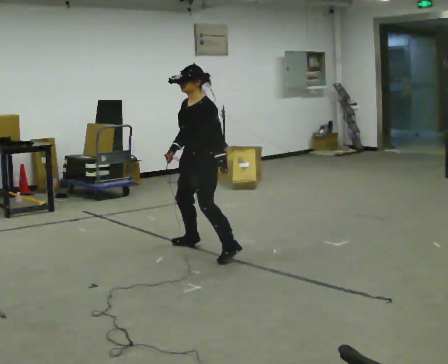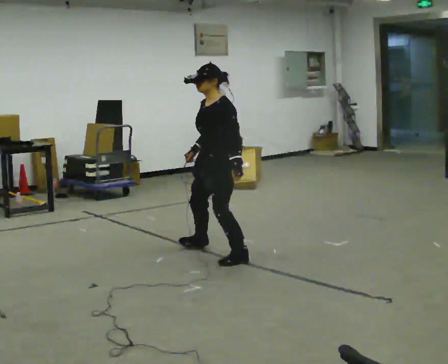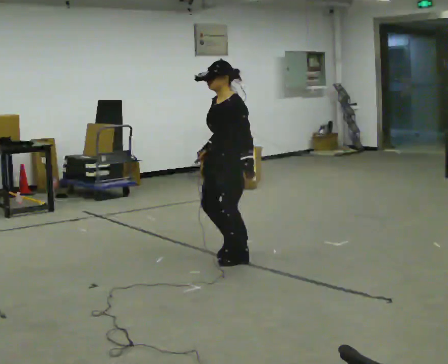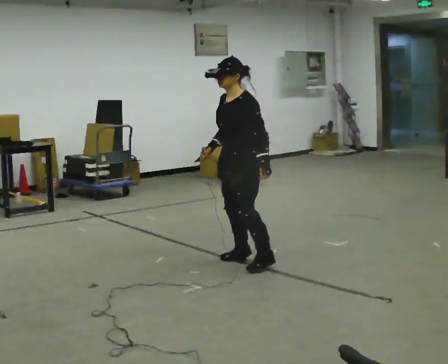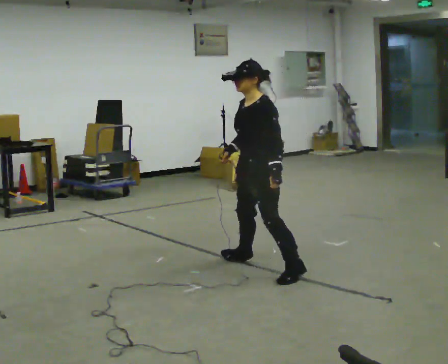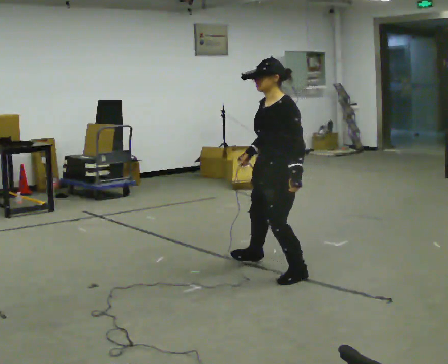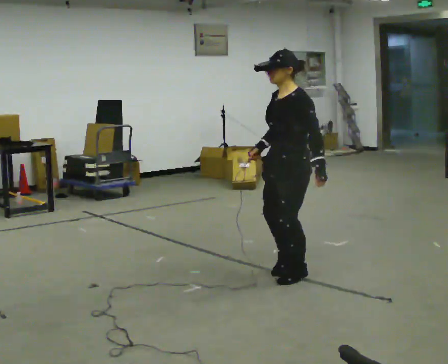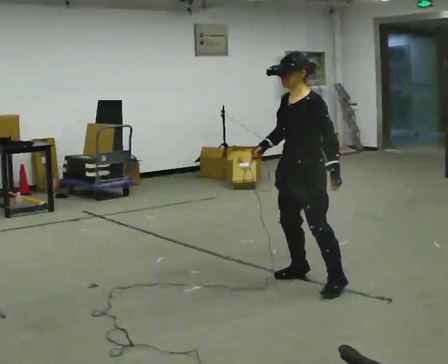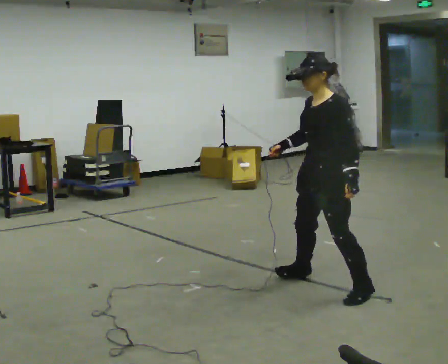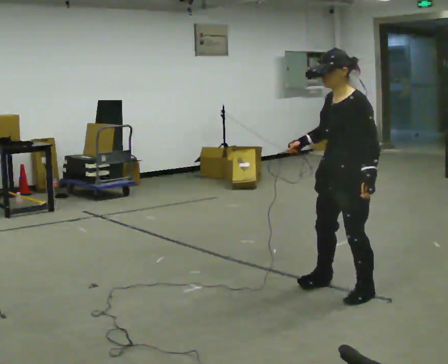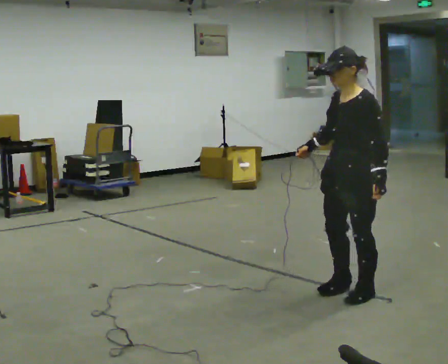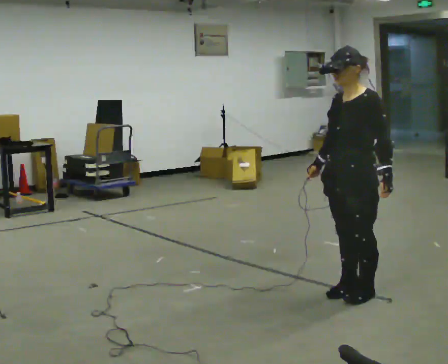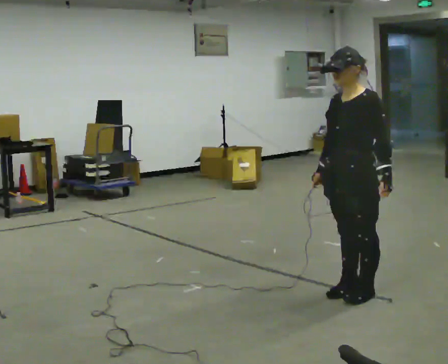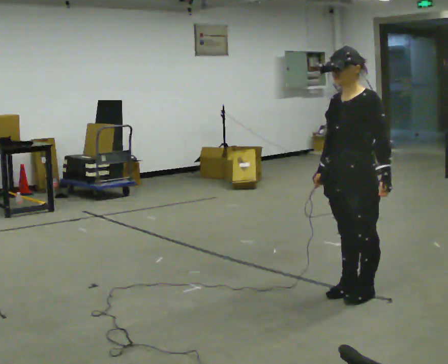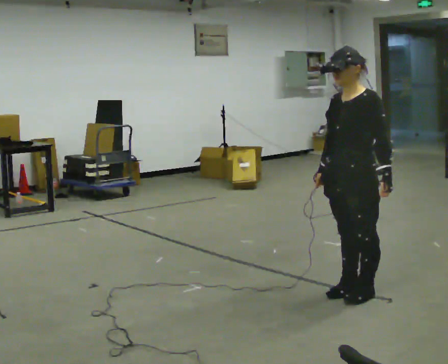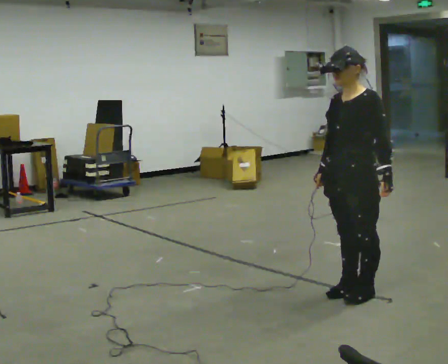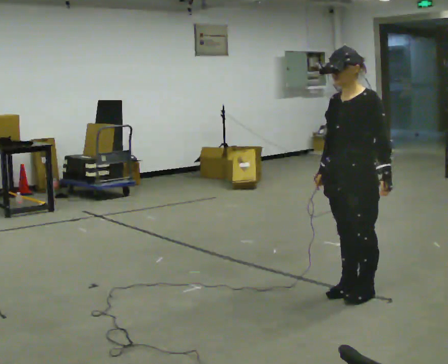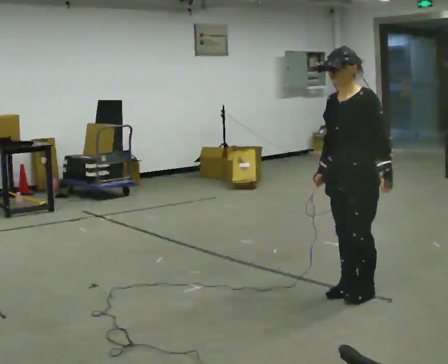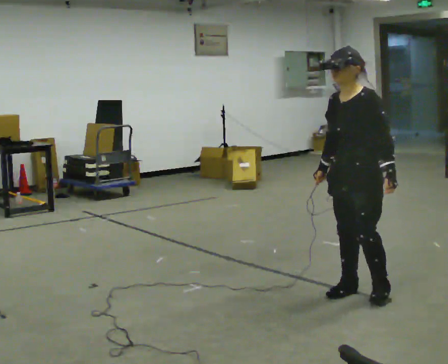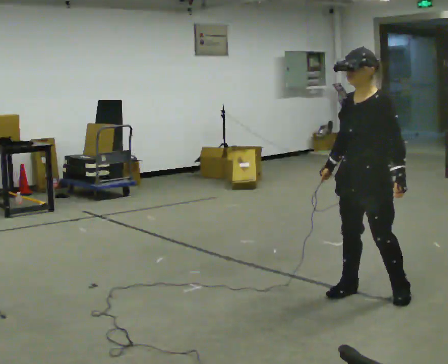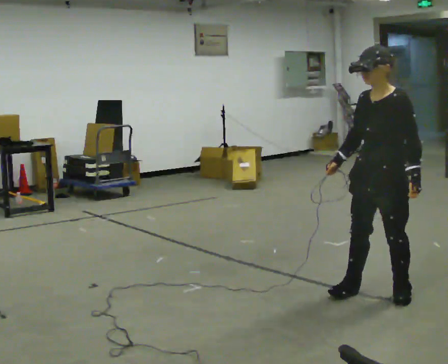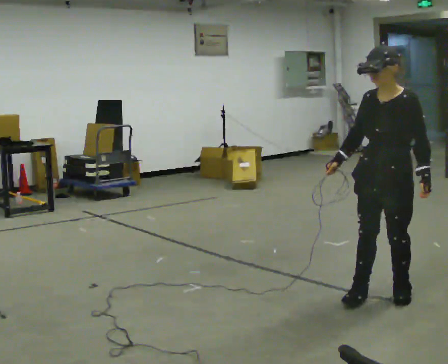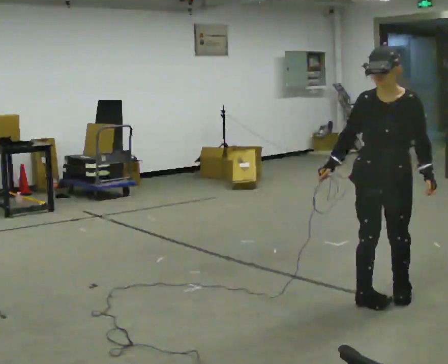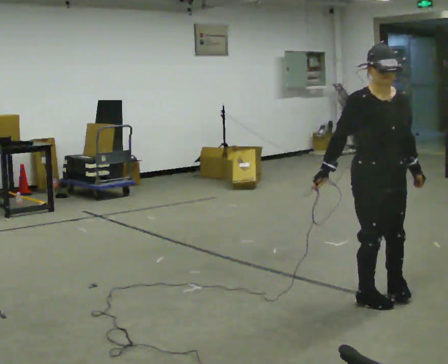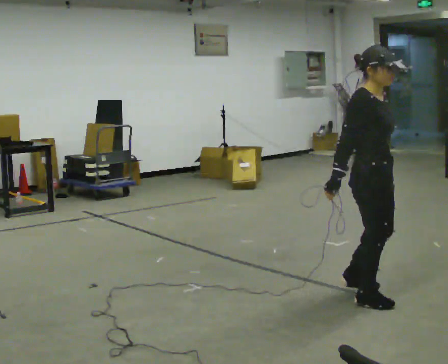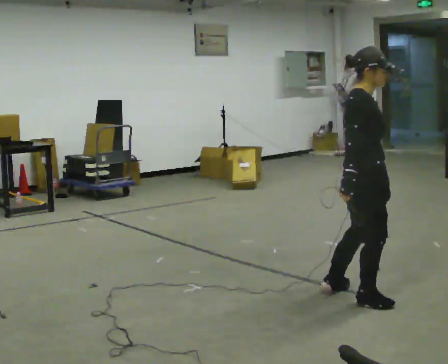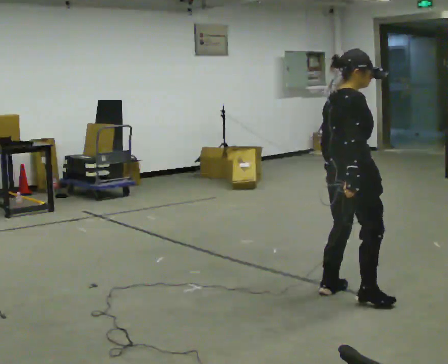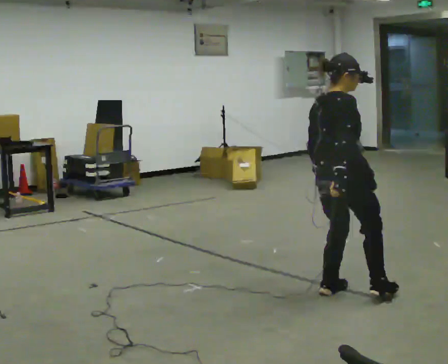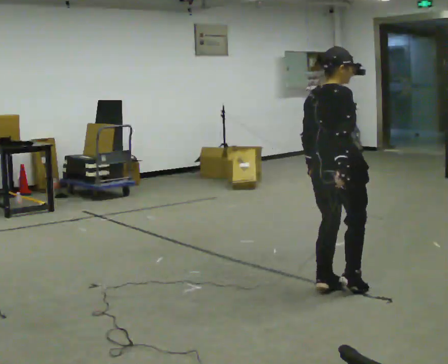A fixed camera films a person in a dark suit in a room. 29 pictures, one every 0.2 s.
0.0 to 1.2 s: In the picture they go to the right and toward the camera, about 1 m in 4 steps, which for them is to their left.
1.2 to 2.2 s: In the picture they go to the right and toward the camera, about 0.5 m in 1 step, which for them is to their left.
2.2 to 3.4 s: The person moves a little, or ends about where they began.
3.4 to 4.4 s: Seen from above the body turns counterclockwise, about 30 degrees: to their left, with its near side sliding to the right. In the picture they go to the right, about 0.25 m in 2 steps, which for them is to their left.
4.4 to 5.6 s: Seen from above the body turns counterclockwise, about 150 degrees: to their left, with its near side sliding to the right. In the picture they go to the left and away from the camera, about 0.25 m in 3 steps.
The film runs backward here.
